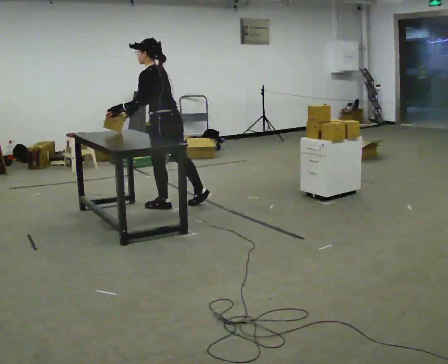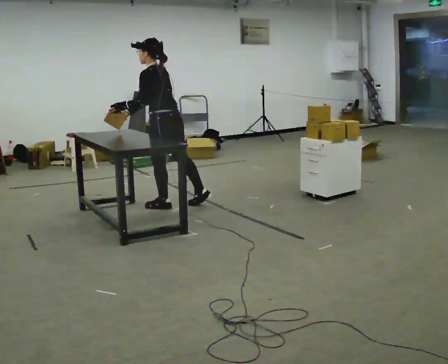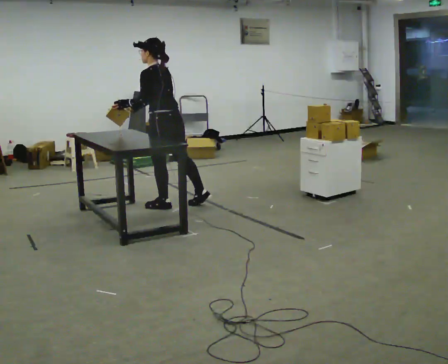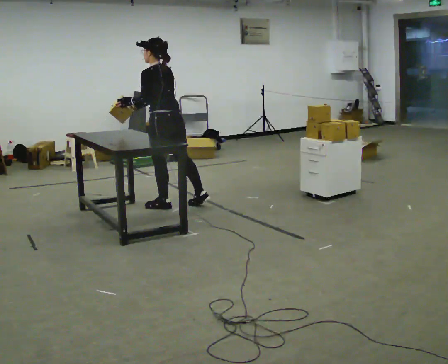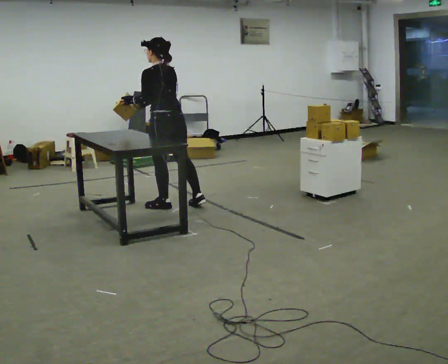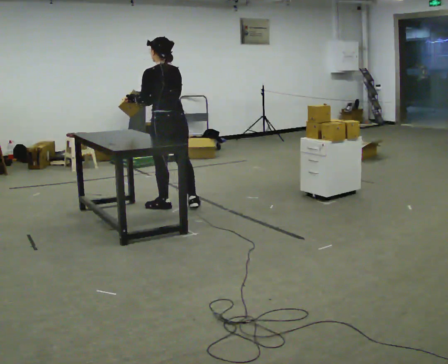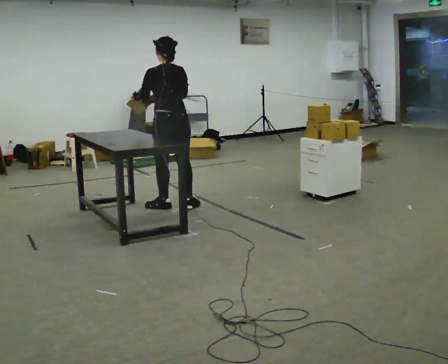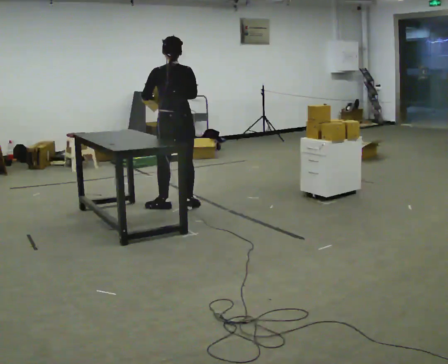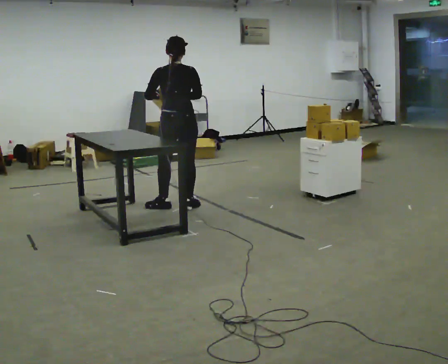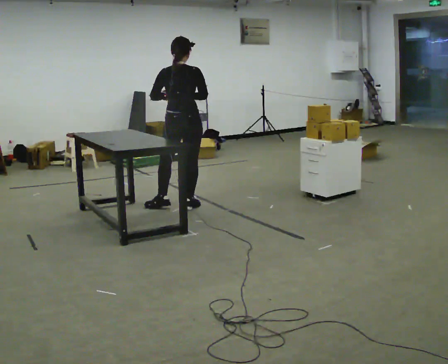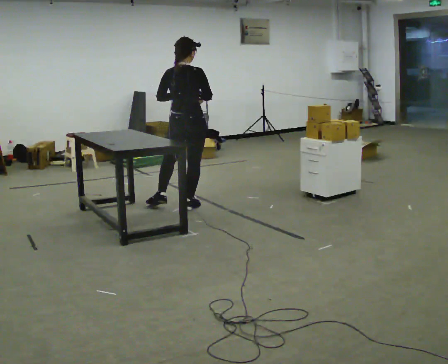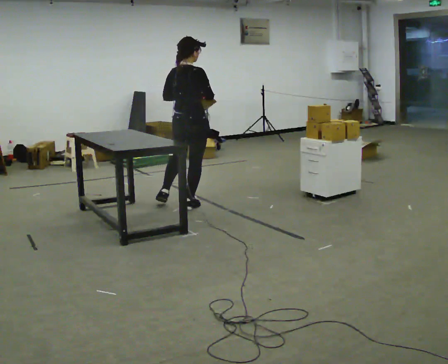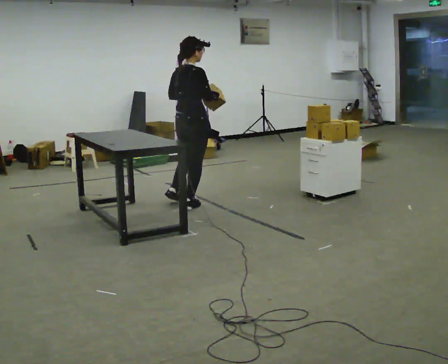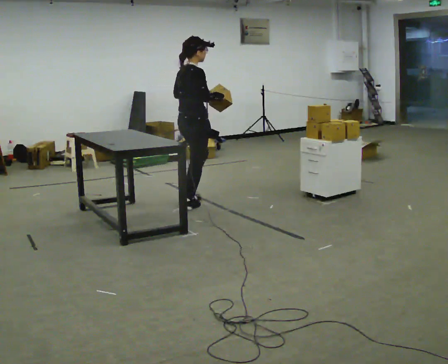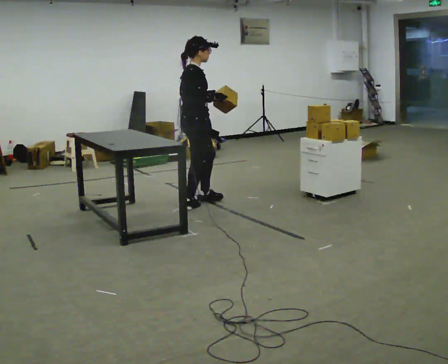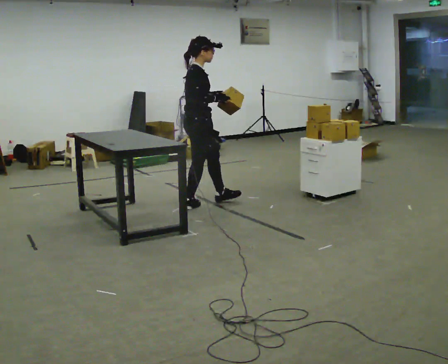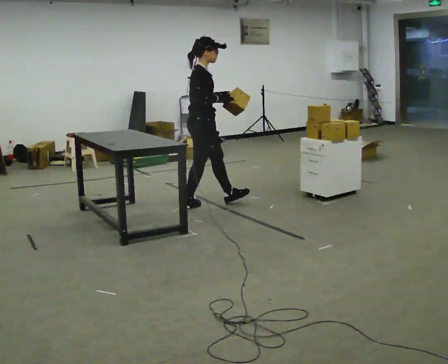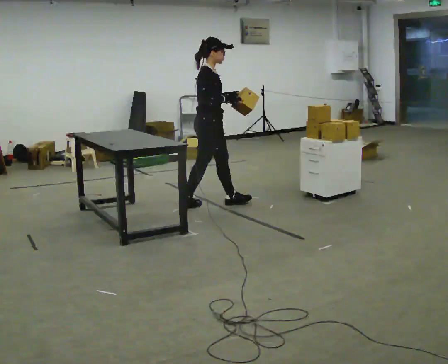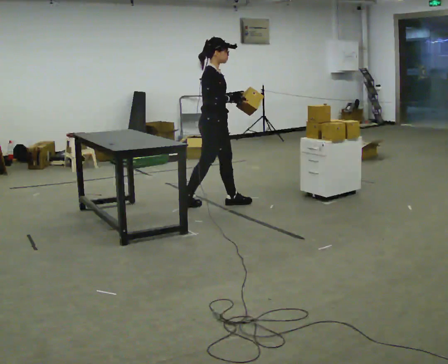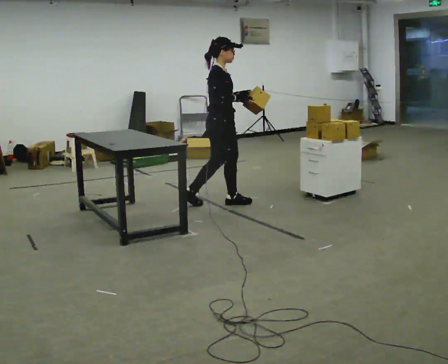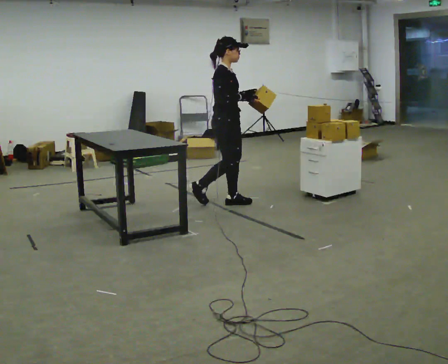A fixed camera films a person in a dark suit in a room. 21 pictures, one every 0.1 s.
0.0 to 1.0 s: Seen from above the body turns clockwise, about 75 degrees: to their right, with its near side sliding to the left. In the picture they go to the right, about 0.25 m in 1 step. In the picture the upper body tilts clockwise, shoulders to the right, as they lean back or straighten. In the picture their left hand goes to the right.
1.0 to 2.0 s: The person turns about 90 degrees to their right, clockwise seen from above, so the part of the body nearest the lens slides to the left. In the picture they go to the right, about 0.25 m in 1 step.
The film runs forward here.
